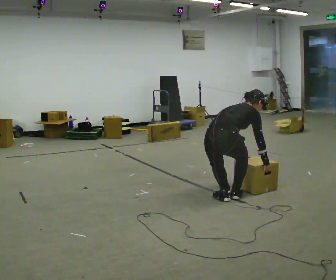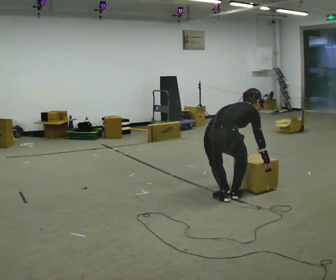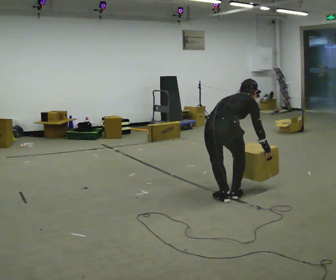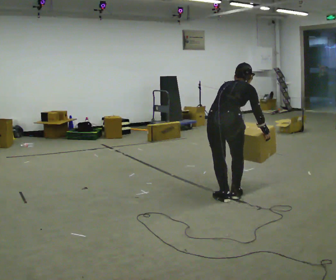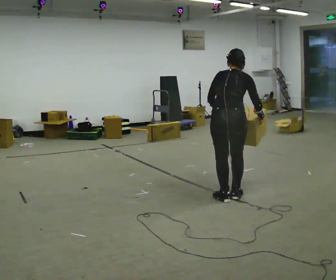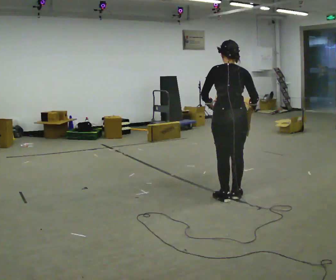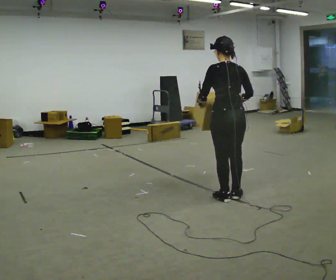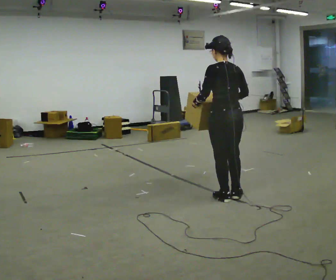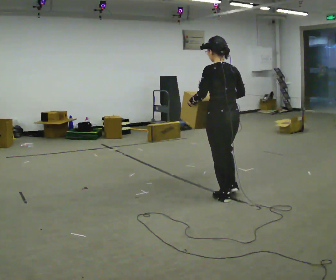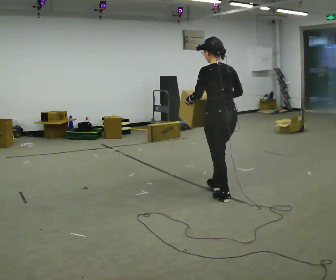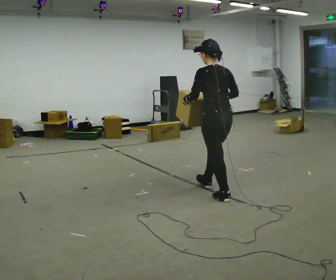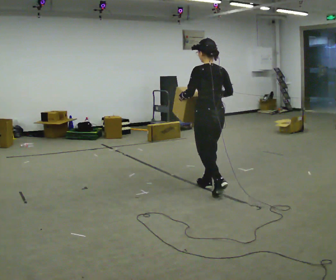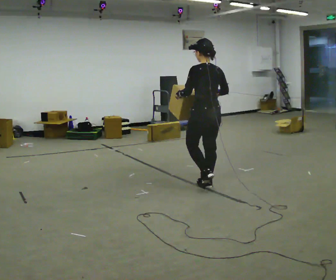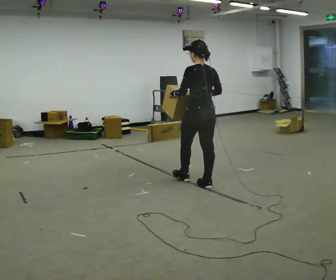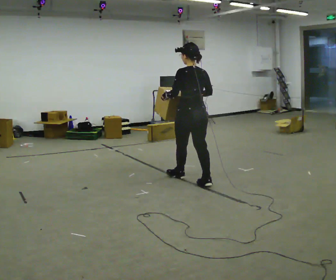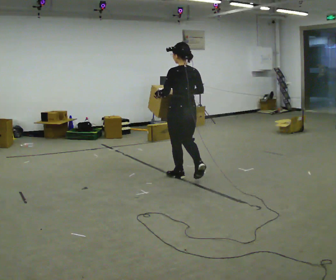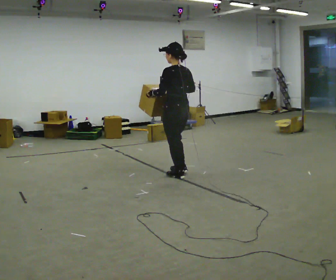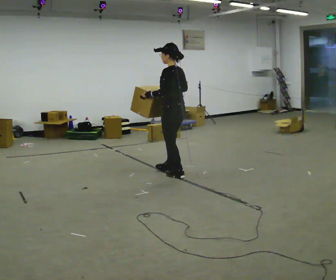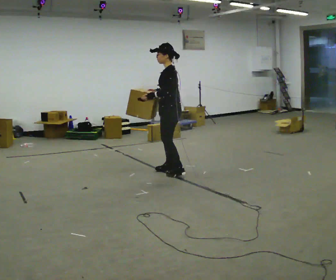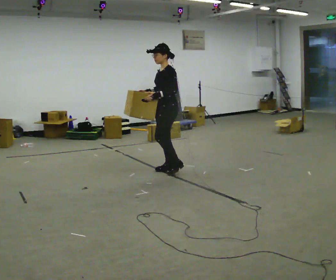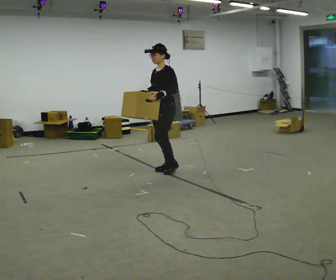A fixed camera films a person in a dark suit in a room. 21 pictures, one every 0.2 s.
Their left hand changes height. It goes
upward.
The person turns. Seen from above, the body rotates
counterclockwise.
0.0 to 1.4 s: Seen from above the body turns counterclockwise, about 75 degrees: to their left, with its near side sliding to the right. The upper body goes upward. In the picture the upper body tilts counterclockwise, shoulders to the left, as they lean back or straighten. In the picture their right hand goes upward.
1.4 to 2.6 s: In the picture they go away from the camera and to the left, about 0.5 m in 1 step, which for them is forward.
2.6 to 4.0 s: The part of the body nearest the lens slides to the right as the person turns to their left by about 90 degrees. In the picture they go away from the camera and to the left, about 0.5 m in 3 steps.
The film runs forward here.
